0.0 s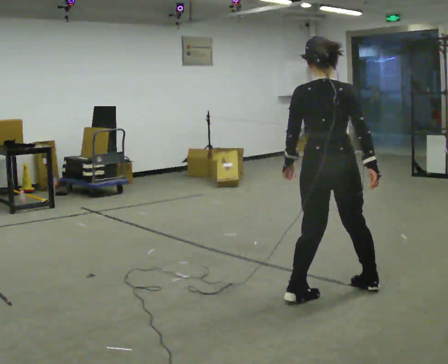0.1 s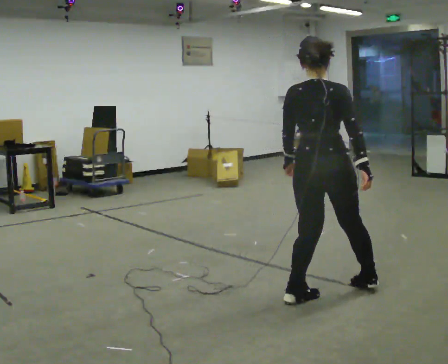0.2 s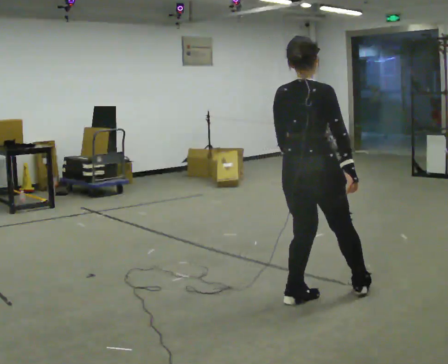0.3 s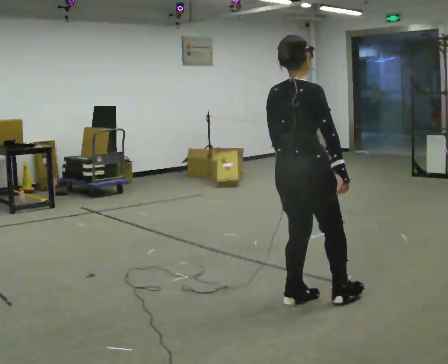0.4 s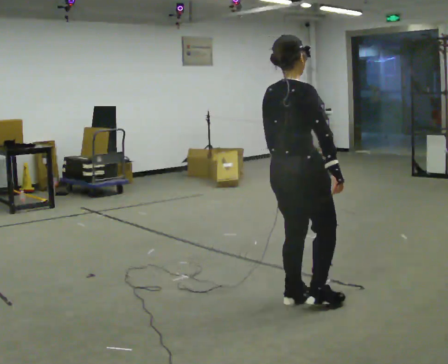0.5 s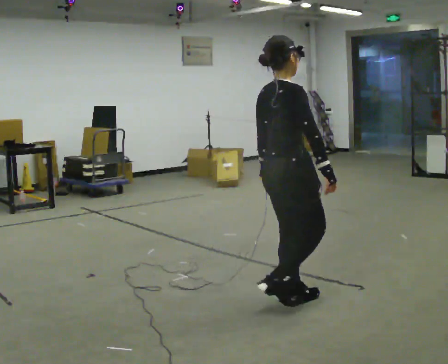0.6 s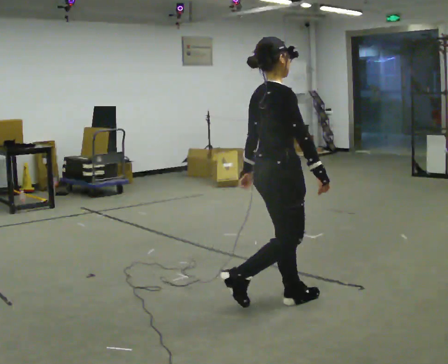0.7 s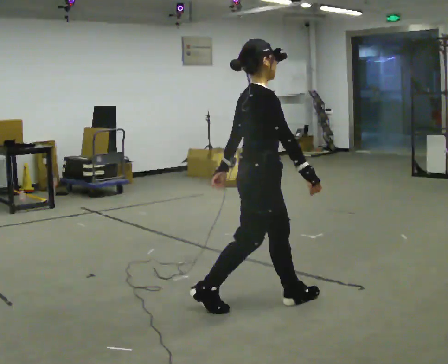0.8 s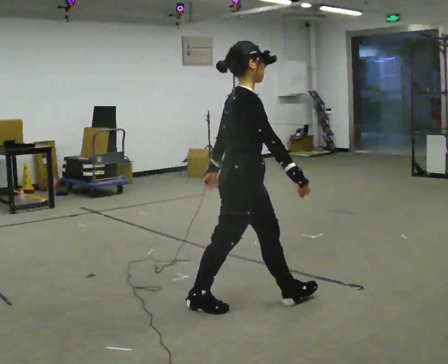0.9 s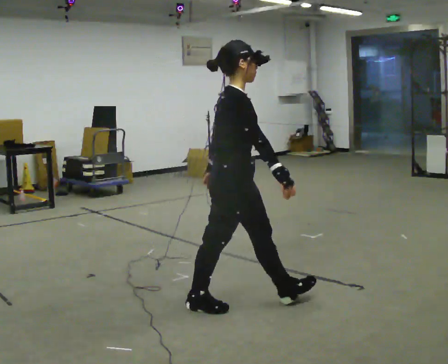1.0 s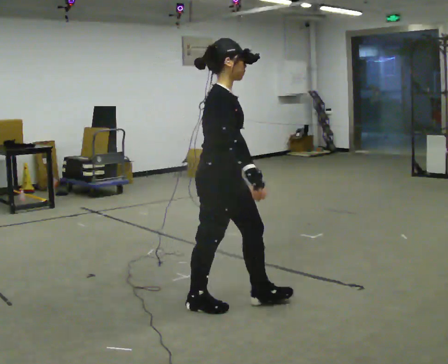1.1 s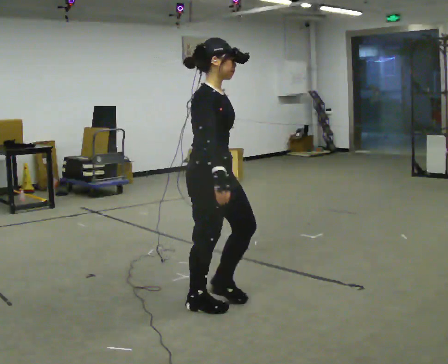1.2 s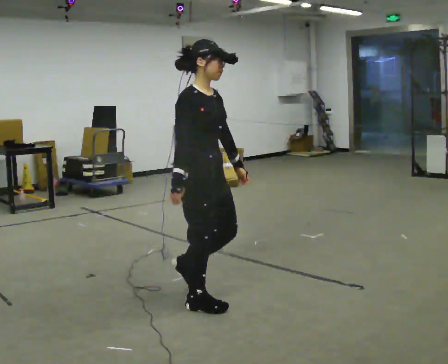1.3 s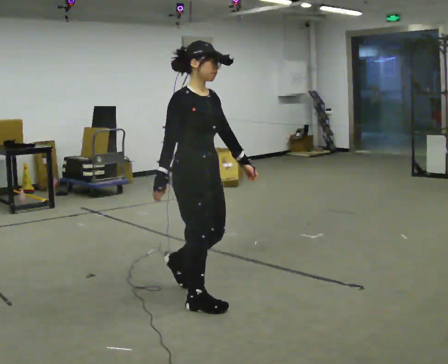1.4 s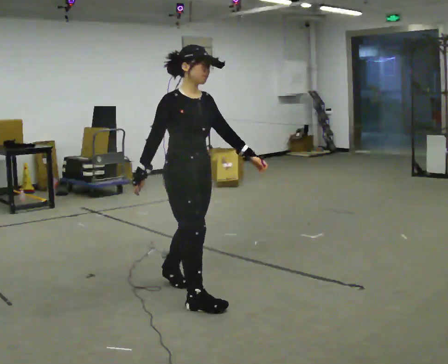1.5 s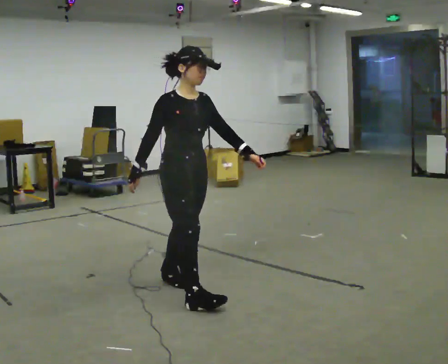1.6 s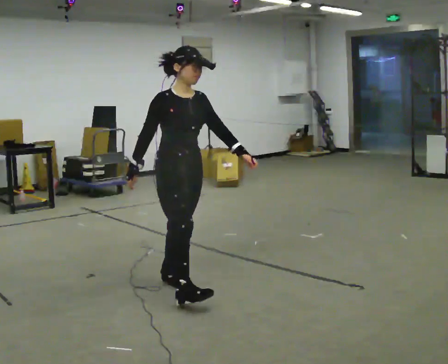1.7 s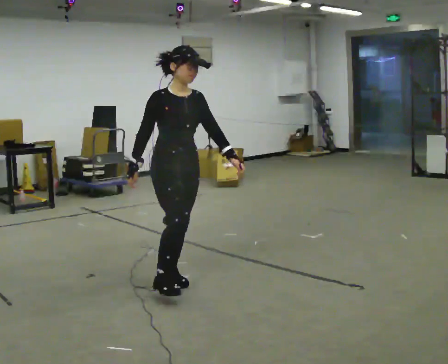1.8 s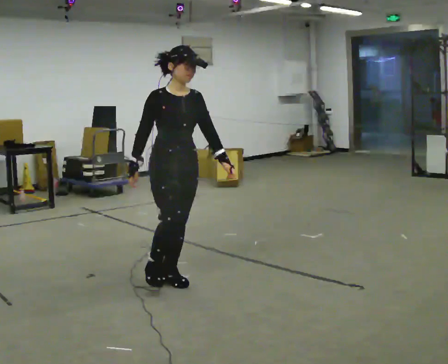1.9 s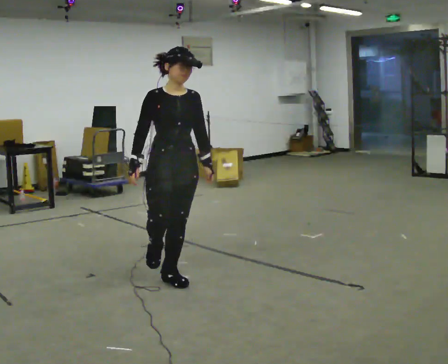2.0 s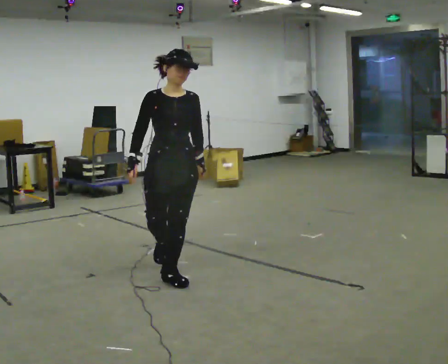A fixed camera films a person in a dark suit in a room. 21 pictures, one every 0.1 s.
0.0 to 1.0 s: Seen from above the body turns clockwise, about 90 degrees: to their right, with its near side sliding to the left. In the picture they go to the left, about 0.75 m in 2 steps.
1.0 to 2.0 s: The person turns about 75 degrees to their right, clockwise seen from above, so the part of the body nearest the lens slides to the left. In the picture they go away from the camera and to the left, about 0.75 m in 1 step.
The film runs backward here.
